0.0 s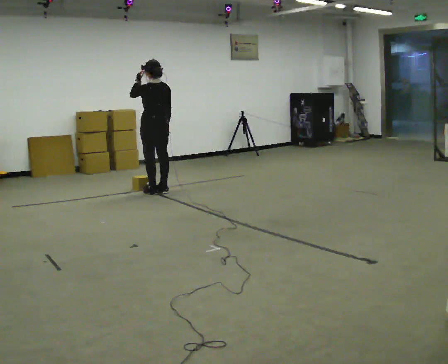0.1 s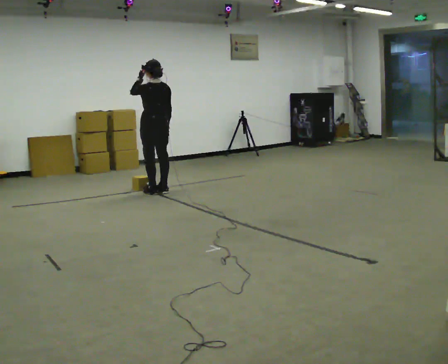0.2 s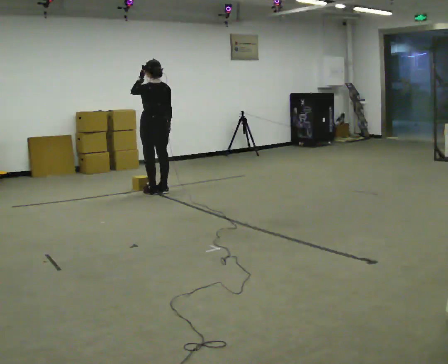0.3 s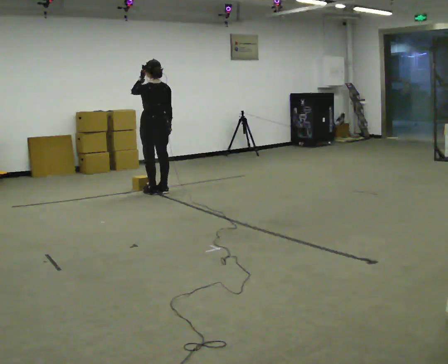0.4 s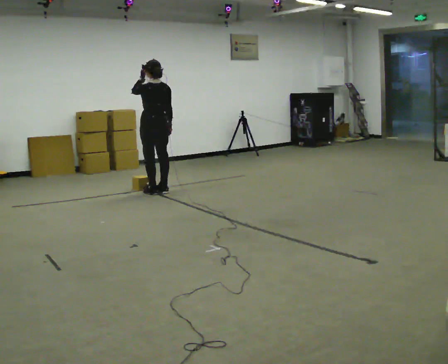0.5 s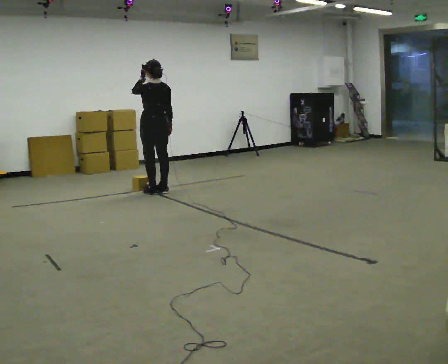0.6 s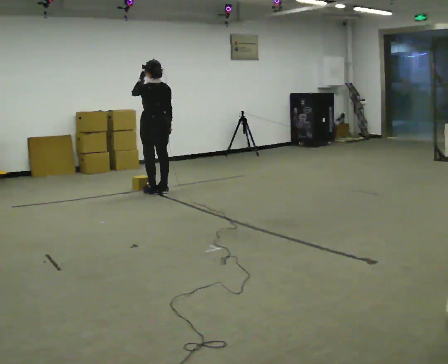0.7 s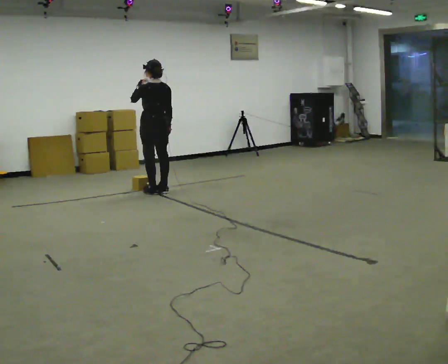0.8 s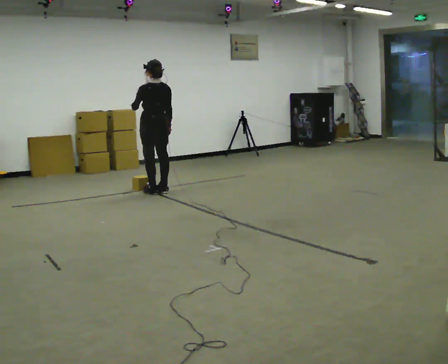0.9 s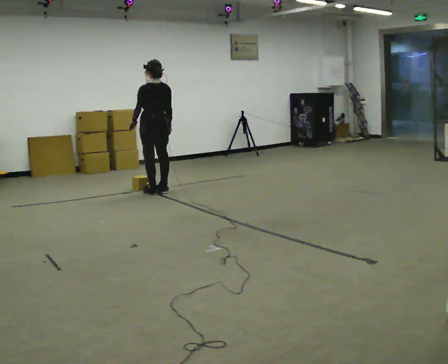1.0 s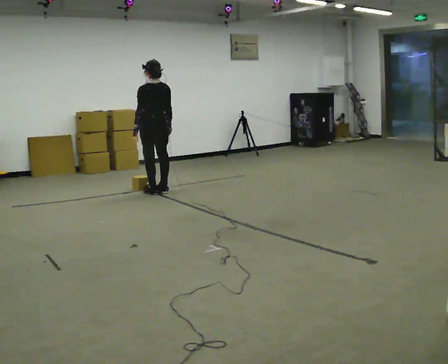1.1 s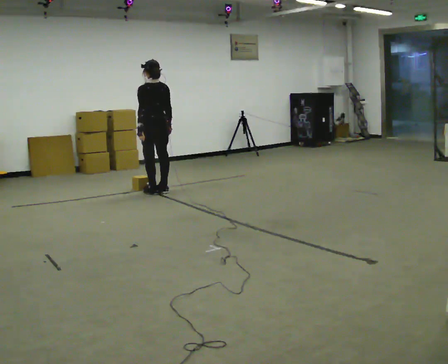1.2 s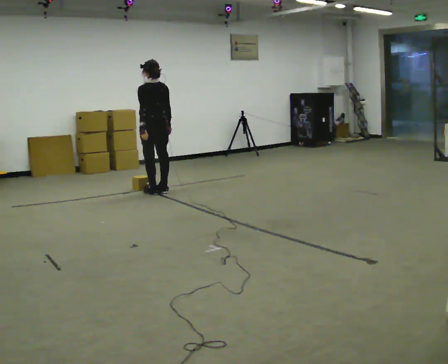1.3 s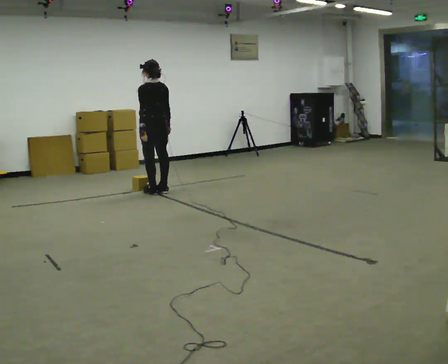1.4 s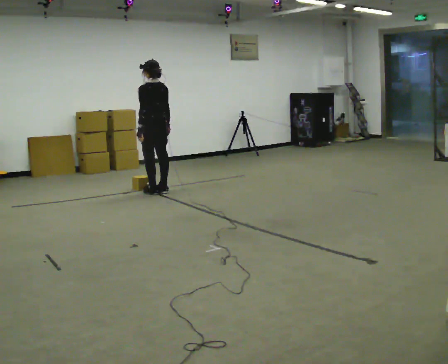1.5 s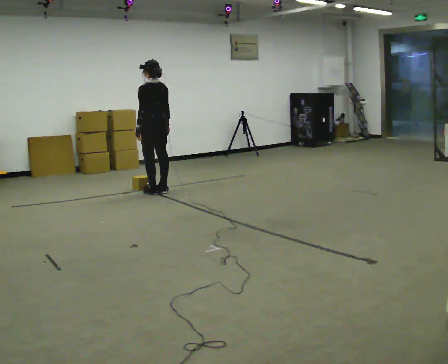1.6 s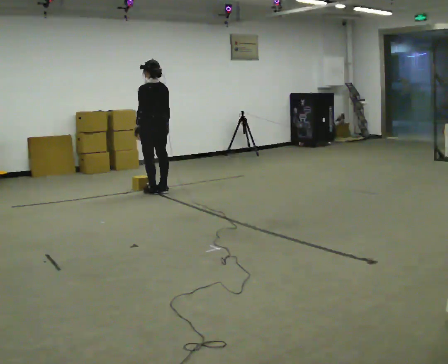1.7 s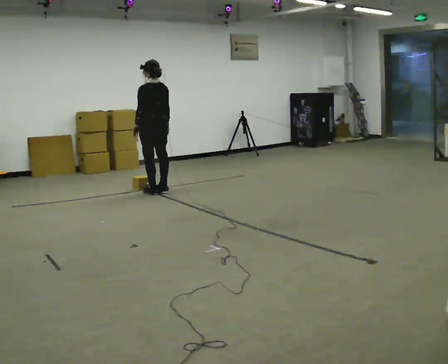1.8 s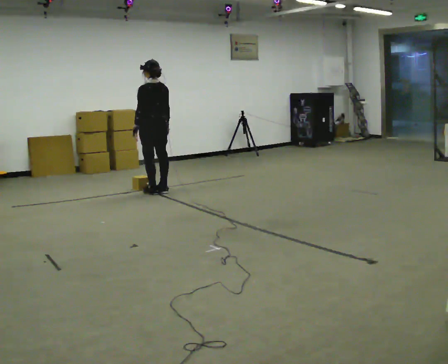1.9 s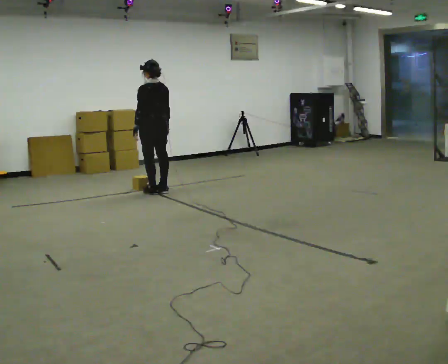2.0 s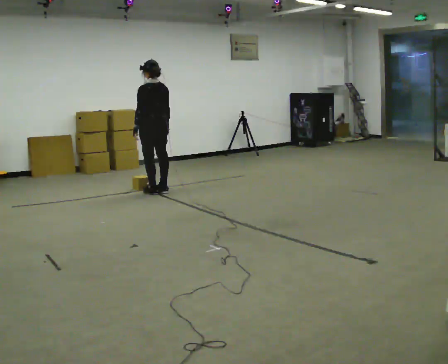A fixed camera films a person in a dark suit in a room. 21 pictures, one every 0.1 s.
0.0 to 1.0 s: In the picture their left hand goes downward.
1.0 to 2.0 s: The person moves a little, or ends about where they began.
The film runs forward here.
